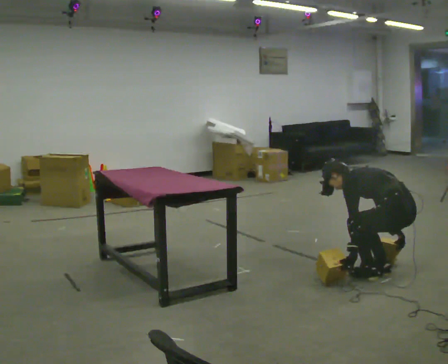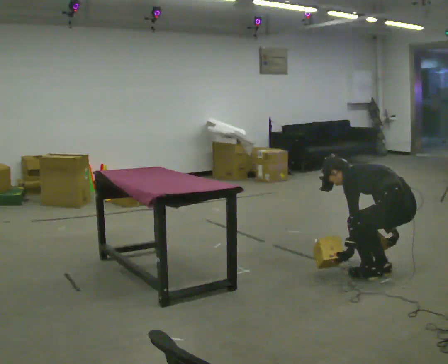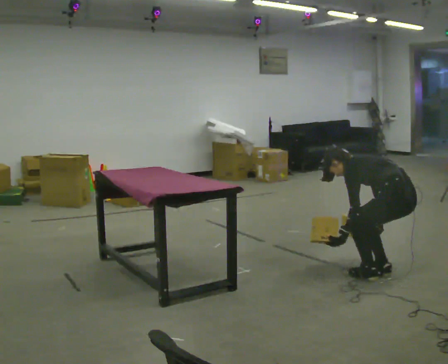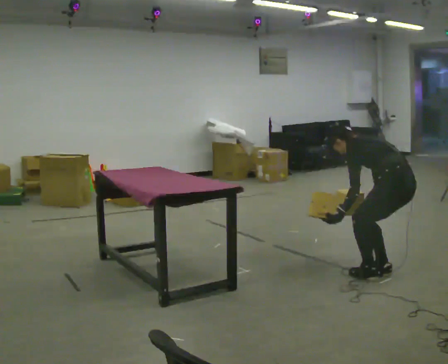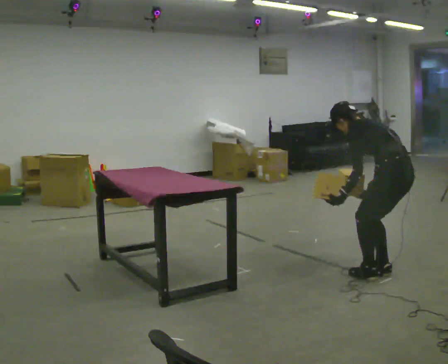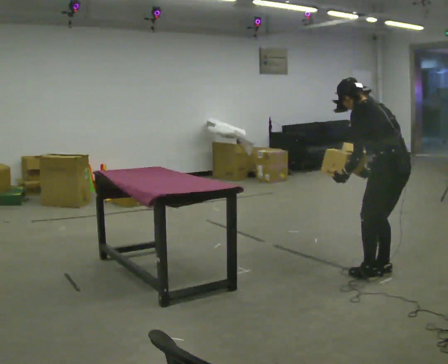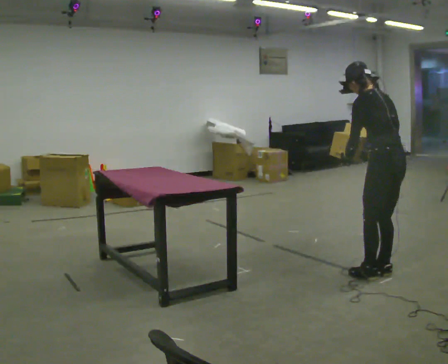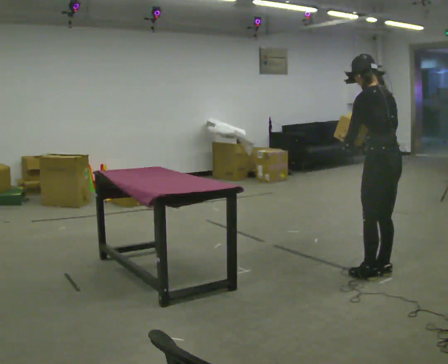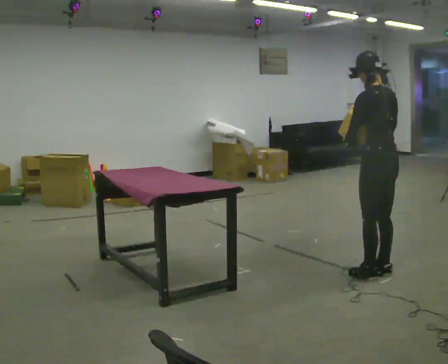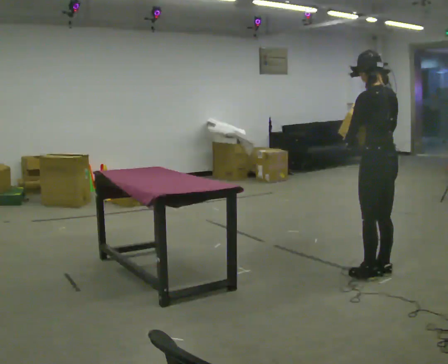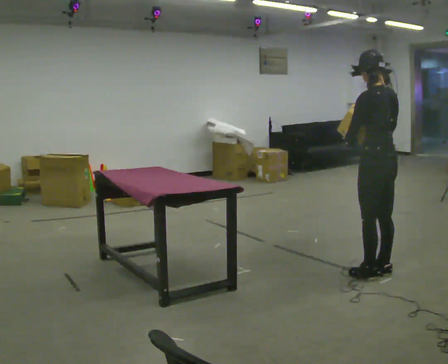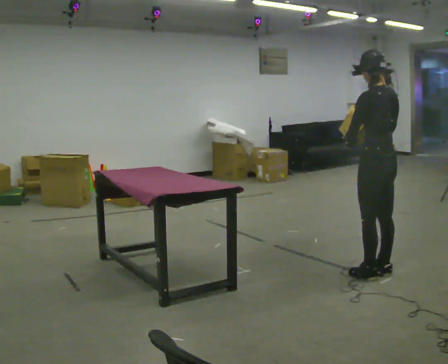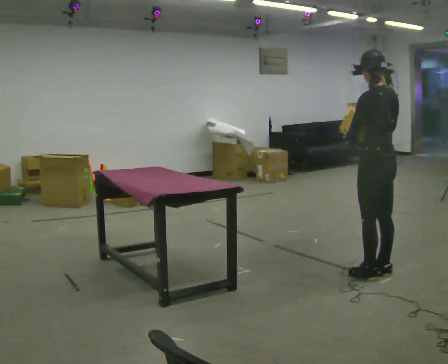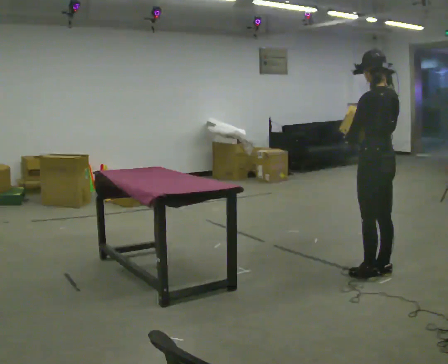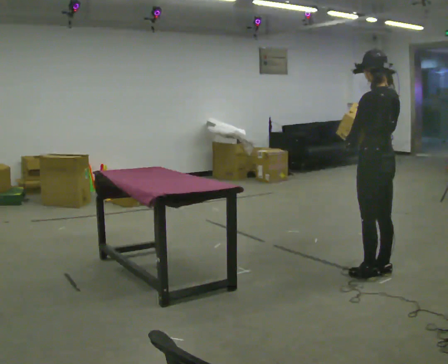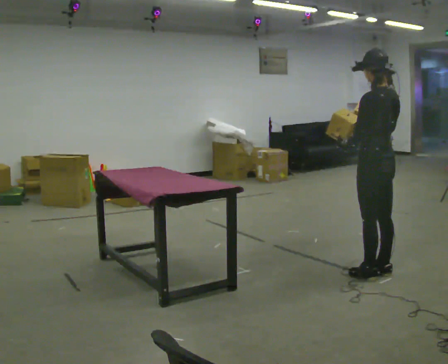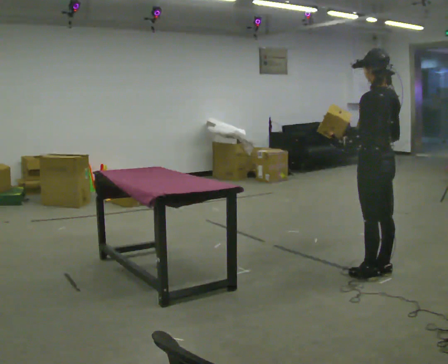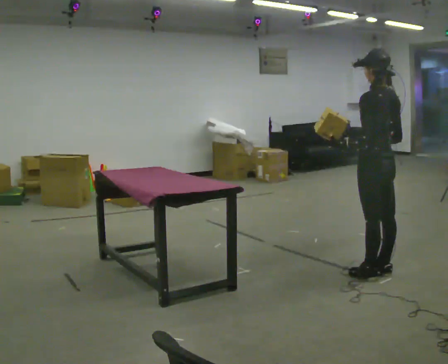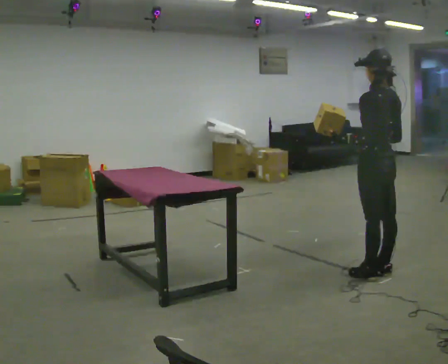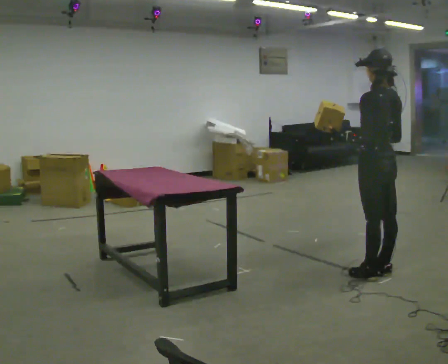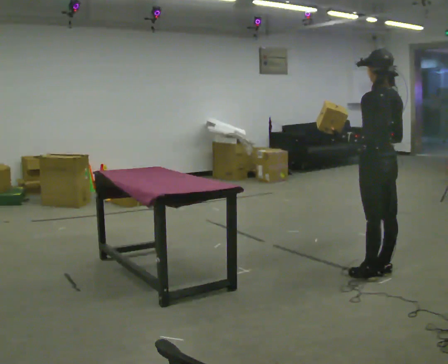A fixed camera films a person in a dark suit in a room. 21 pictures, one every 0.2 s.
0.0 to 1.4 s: The upper body goes upward. In the picture the upper body tilts clockwise, shoulders to the right, as they lean back or straighten. In the picture their right hand goes upward.
1.4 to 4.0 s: The person moves a little, or ends about where they began.
The film runs forward here.
